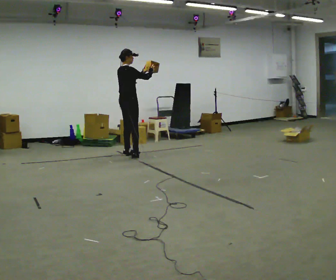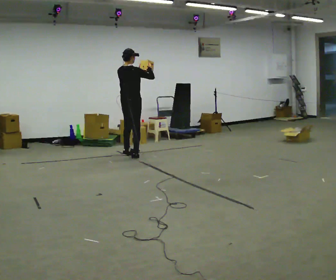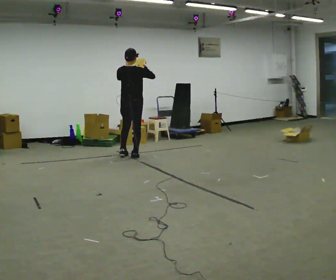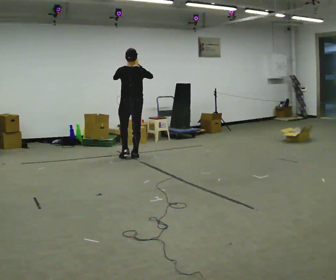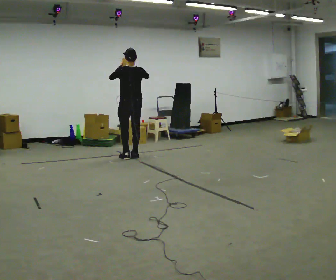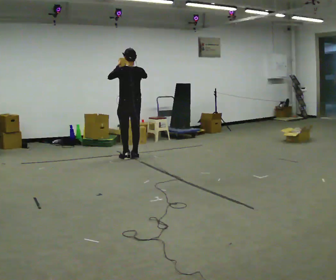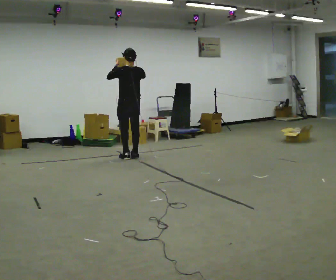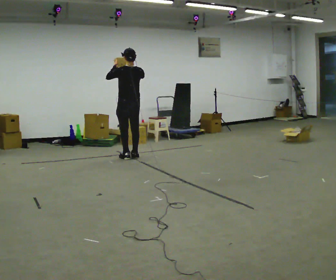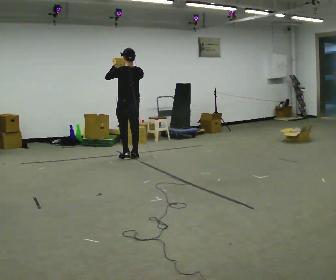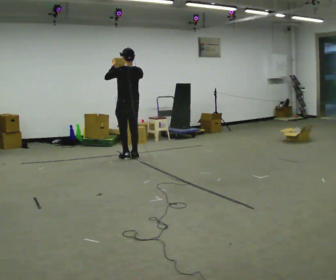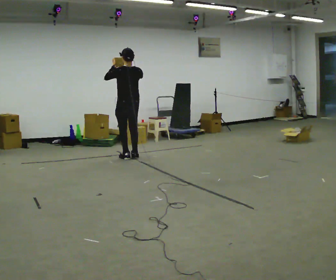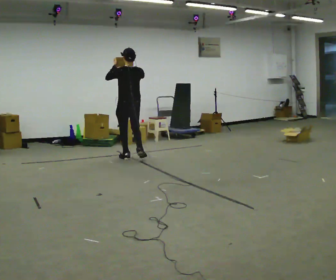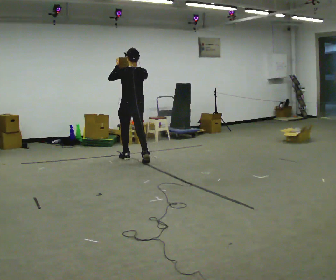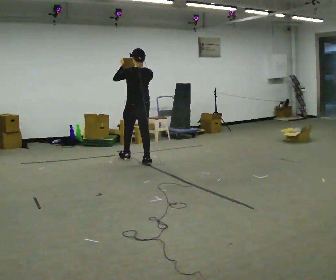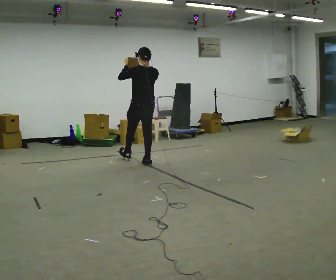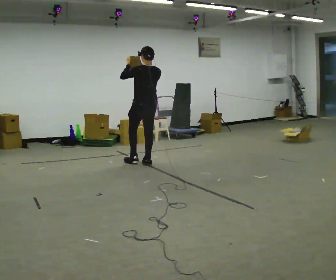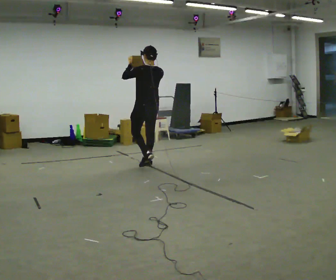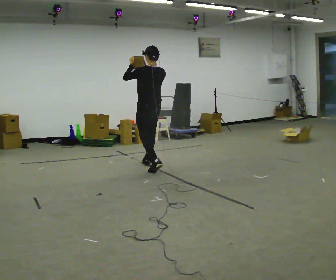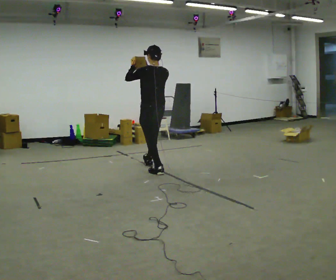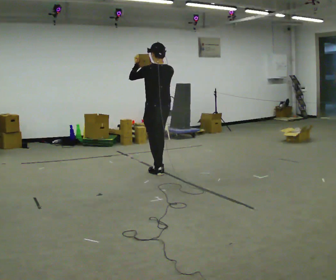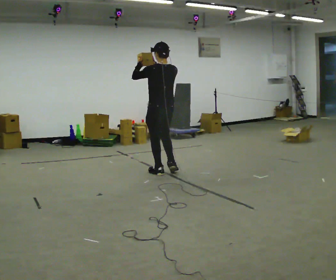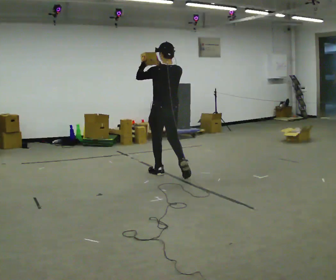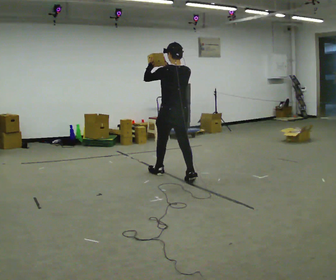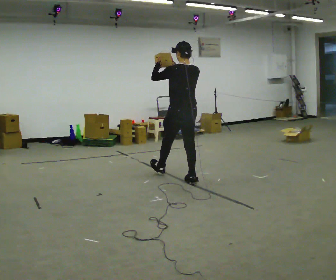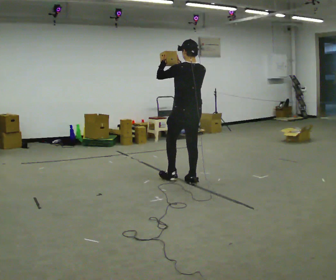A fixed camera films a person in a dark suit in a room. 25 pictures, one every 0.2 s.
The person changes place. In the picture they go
toward the camera.
0.0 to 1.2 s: Seen from above the body turns counterclockwise, about 90 degrees: to their left, with its near side sliding to the right.
1.2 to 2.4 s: In the picture they go toward the camera, about 0.25 m in 1 step, which for them is backward.
2.4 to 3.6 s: In the picture they go toward the camera and to the right, about 0.5 m in 1 step, which for them is backward.
3.6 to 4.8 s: In the picture they go toward the camera and to the right, about 1 m in 2 steps, which for them is backward.
The film runs backward here.
